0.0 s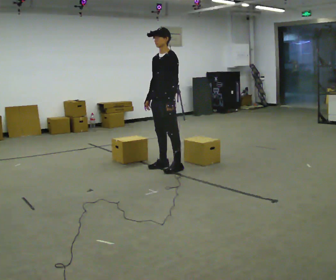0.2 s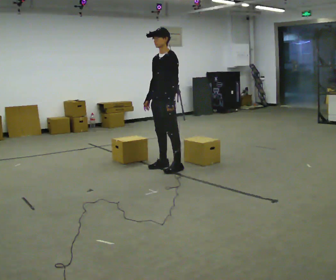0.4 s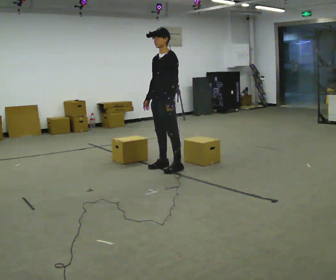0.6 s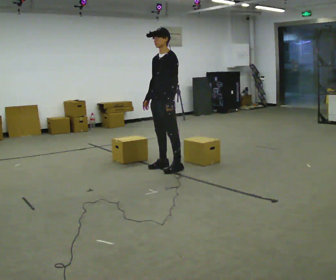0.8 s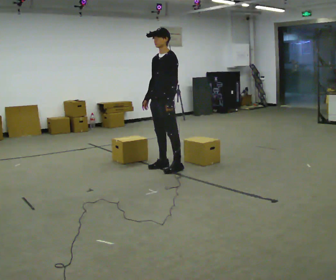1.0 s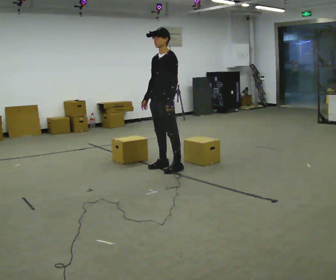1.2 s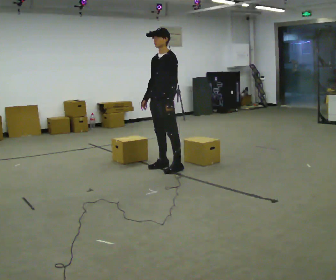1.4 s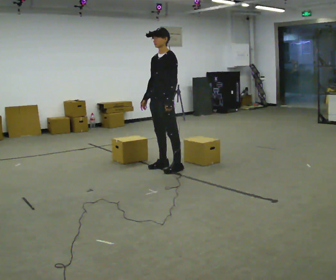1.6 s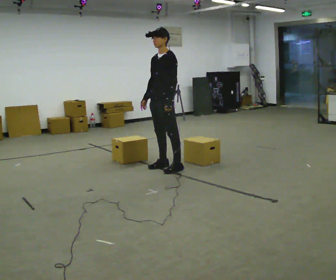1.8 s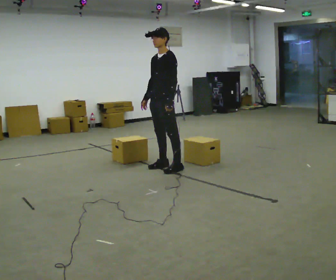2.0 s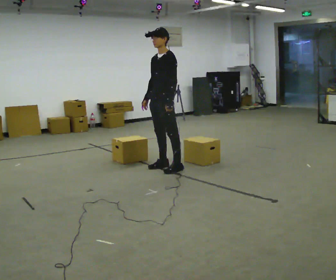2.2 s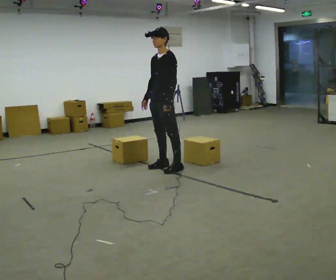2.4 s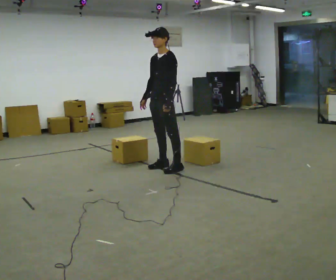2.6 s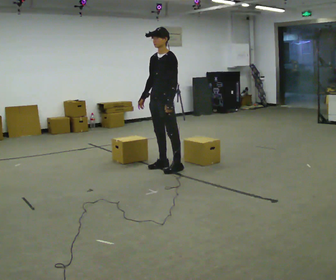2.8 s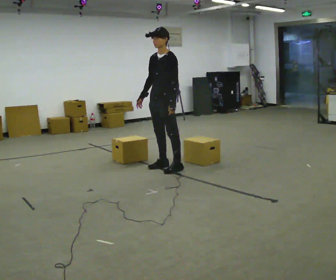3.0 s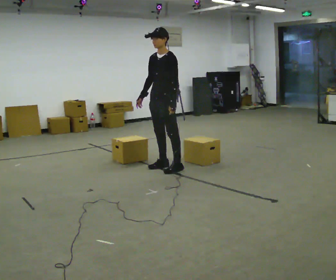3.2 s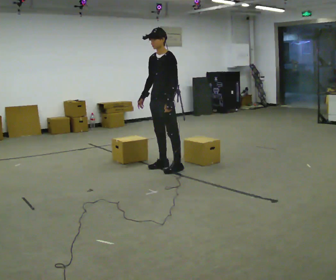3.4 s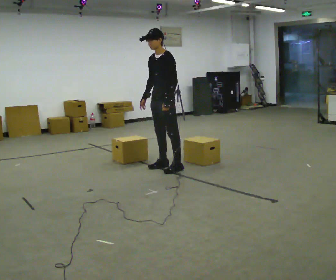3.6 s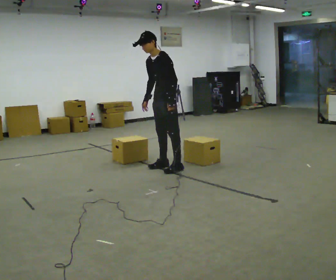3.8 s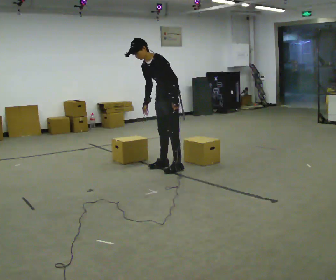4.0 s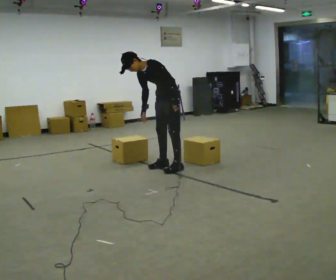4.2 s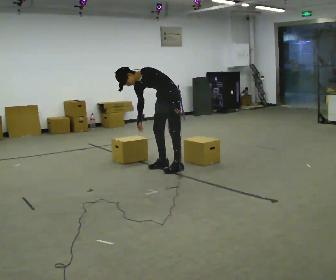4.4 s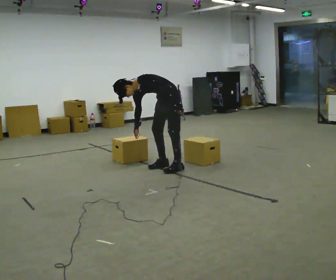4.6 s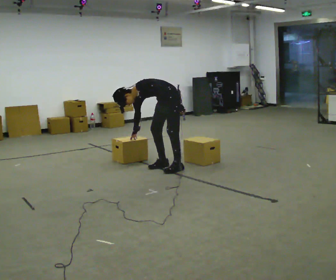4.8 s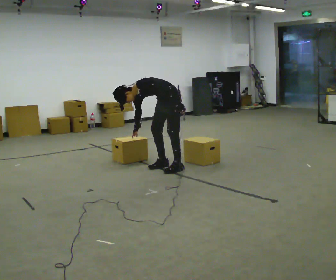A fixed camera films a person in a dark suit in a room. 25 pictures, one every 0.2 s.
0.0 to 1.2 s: The person keeps their place and pose.
1.2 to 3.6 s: In the picture the upper body tilts counterclockwise, shoulders to the left, as they bend forward.
3.6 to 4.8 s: The upper body goes downward. In the picture the upper body tilts counterclockwise, shoulders to the left, as they bend forward.
The film runs backward here.
